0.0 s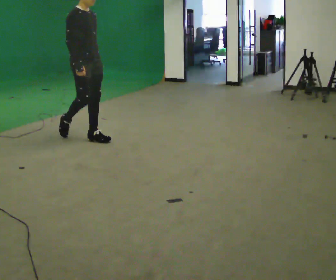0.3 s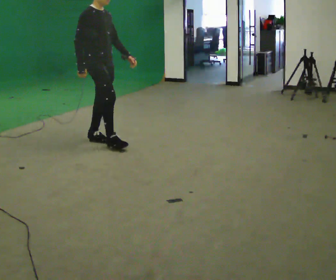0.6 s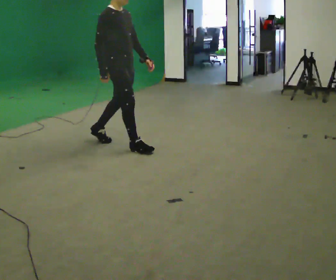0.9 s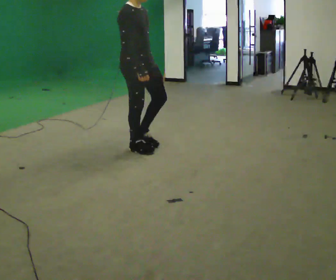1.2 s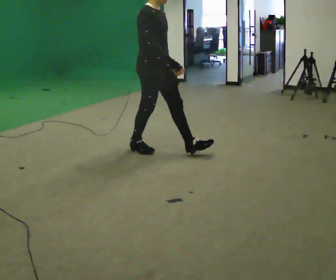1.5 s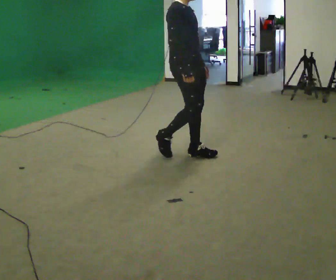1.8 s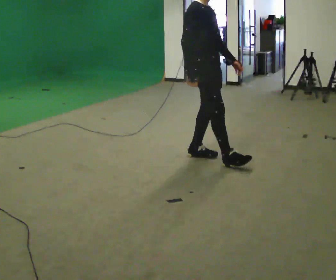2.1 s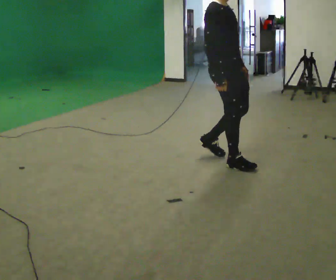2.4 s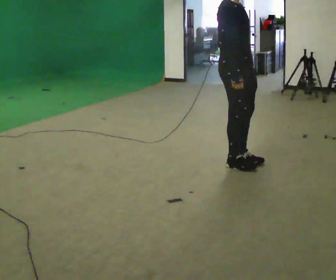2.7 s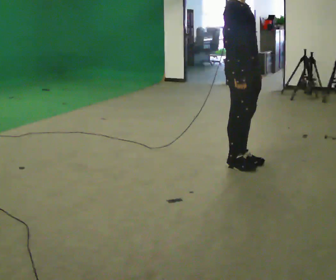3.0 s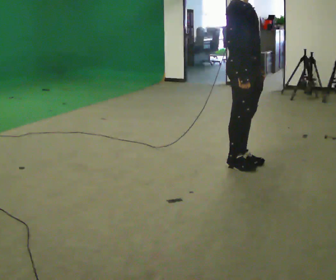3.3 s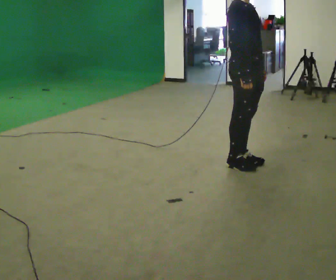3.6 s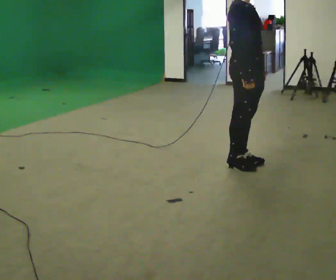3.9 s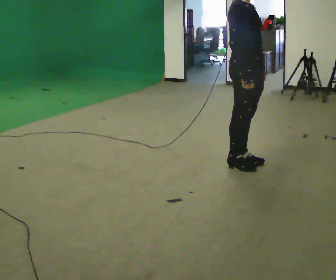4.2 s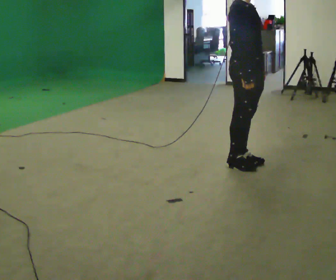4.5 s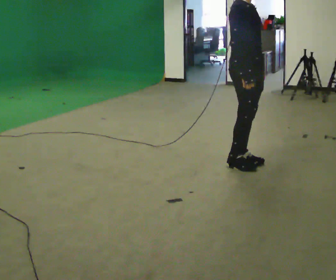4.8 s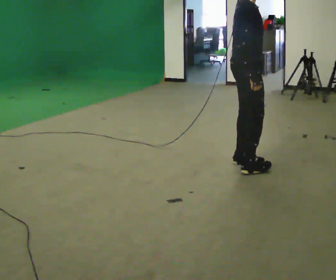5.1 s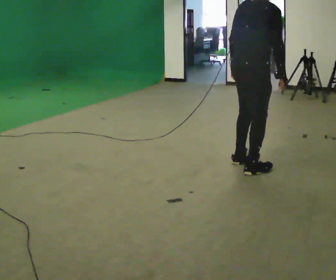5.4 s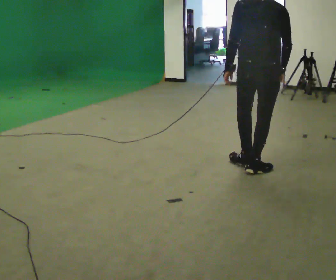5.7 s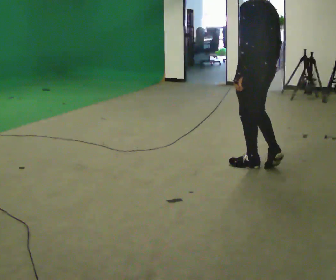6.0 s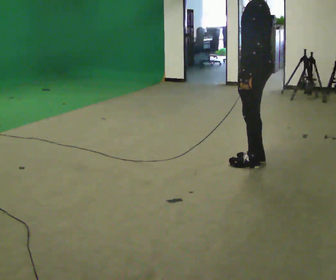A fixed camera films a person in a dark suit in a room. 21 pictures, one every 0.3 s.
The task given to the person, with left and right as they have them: Walk normally; turn left/right while slowing; after turn accelerate back to normal.
0.0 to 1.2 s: In the picture they go to the right, about 1 m in 1 step, which for them is forward.
1.2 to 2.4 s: In the picture they go to the right, about 1 m in 3 steps, which for them is forward.
2.4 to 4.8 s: The person moves a little, or ends about where they began.
4.8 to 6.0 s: Seen from above the body turns counterclockwise, about 165 degrees: to their left, with its near side sliding to the right.
The film runs forward here.
